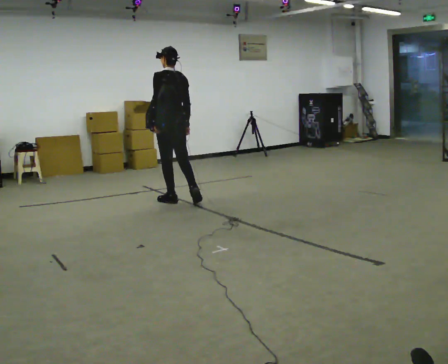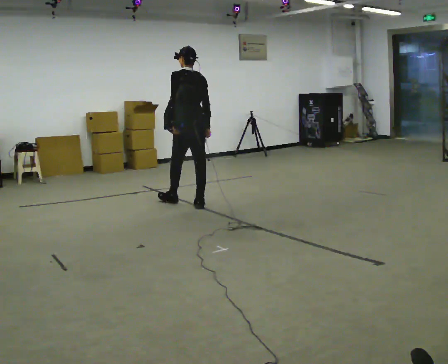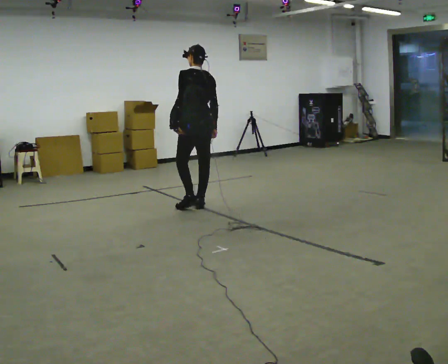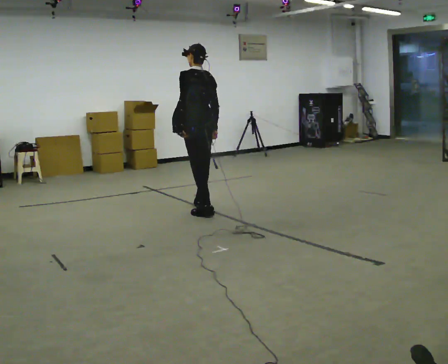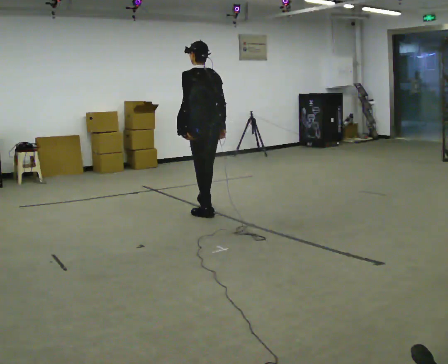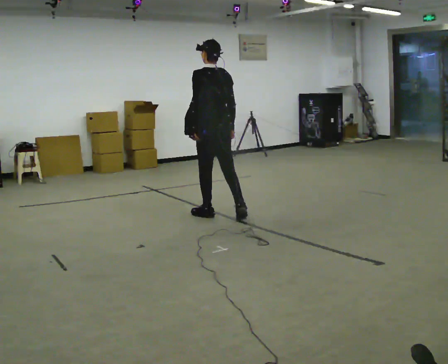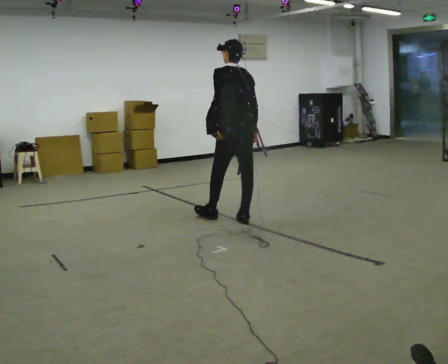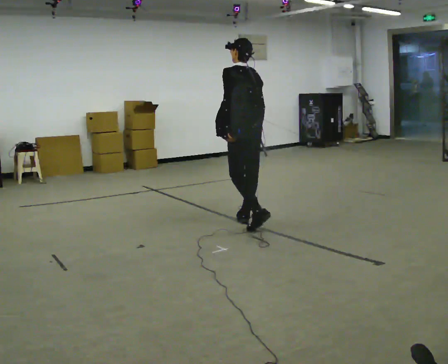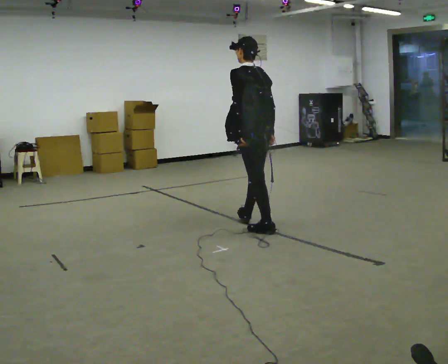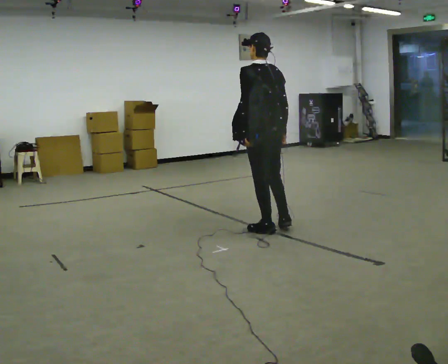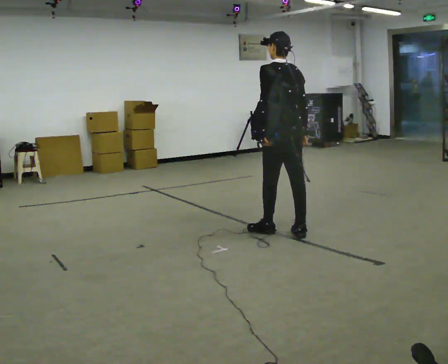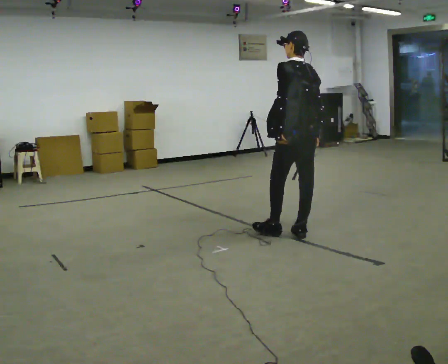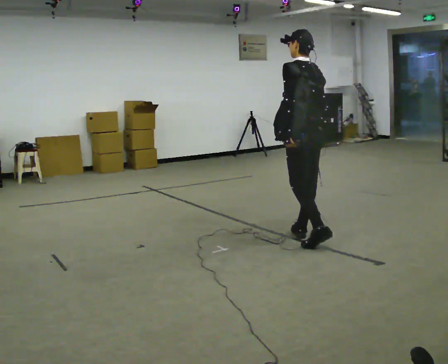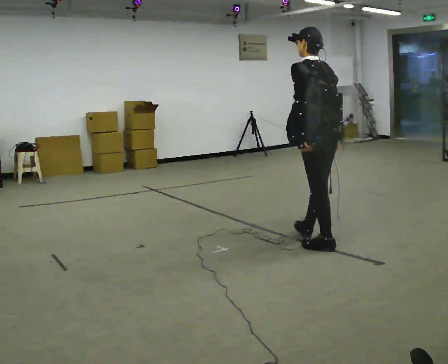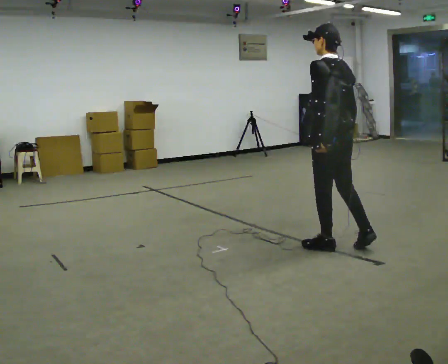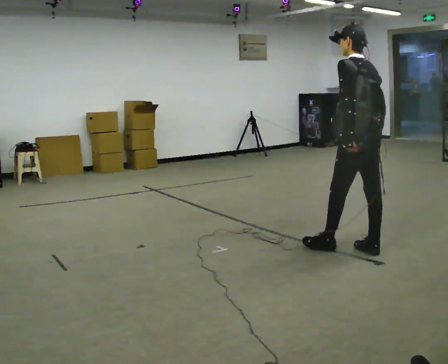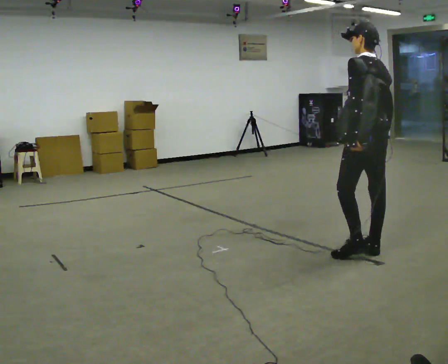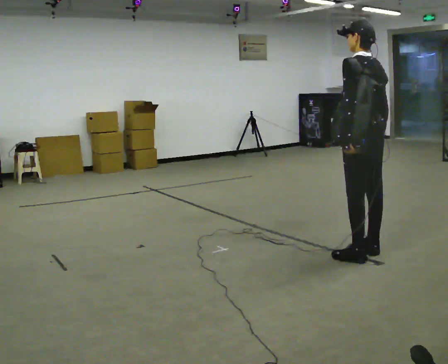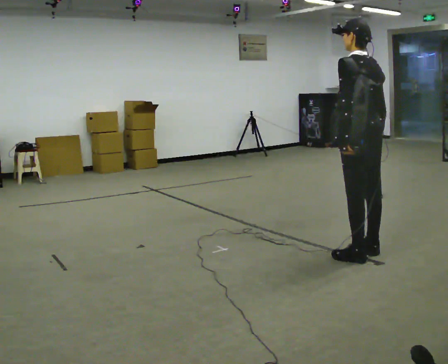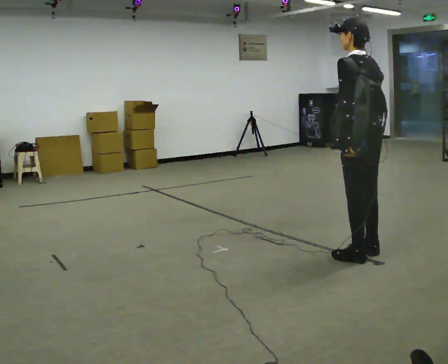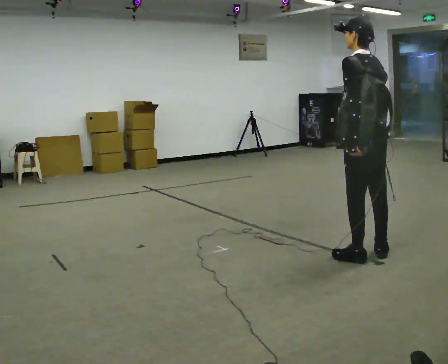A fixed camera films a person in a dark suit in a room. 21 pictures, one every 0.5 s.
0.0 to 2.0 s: In the picture they go toward the camera and to the right, about 0.5 m in 2 steps, which for them is backward.
2.0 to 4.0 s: In the picture they go to the right and toward the camera, about 0.75 m in 1 step, which for them is backward.
4.0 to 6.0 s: In the picture they go to the right and toward the camera, about 0.5 m in 2 steps, which for them is backward.
6.0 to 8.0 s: In the picture they go to the right and toward the camera, about 0.5 m in 2 steps, which for them is backward.
8.0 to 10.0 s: In the picture they go toward the camera, about 0.25 m, which for them is to their left.
The film runs backward here.
